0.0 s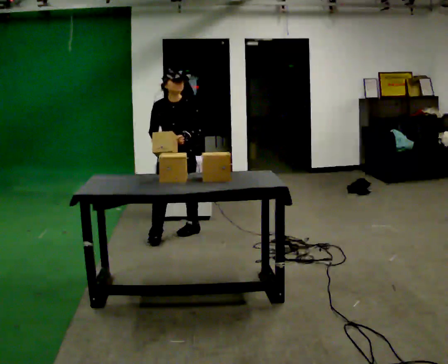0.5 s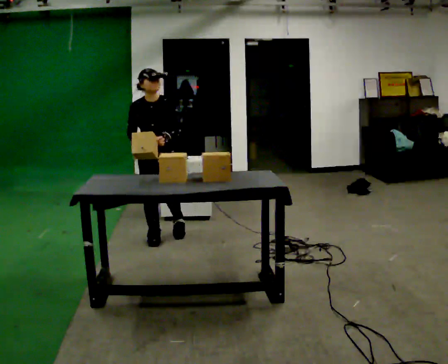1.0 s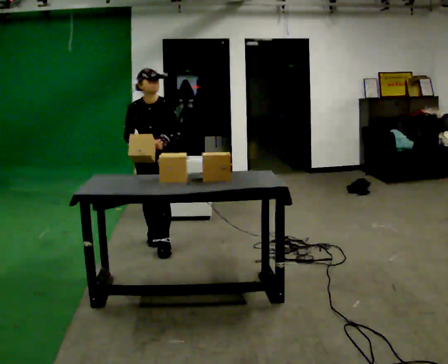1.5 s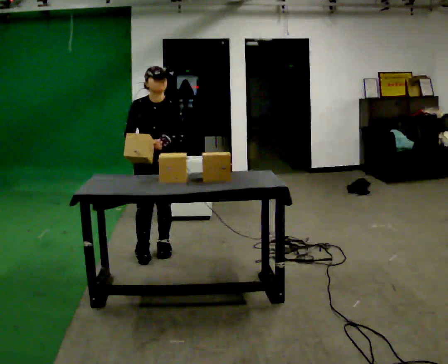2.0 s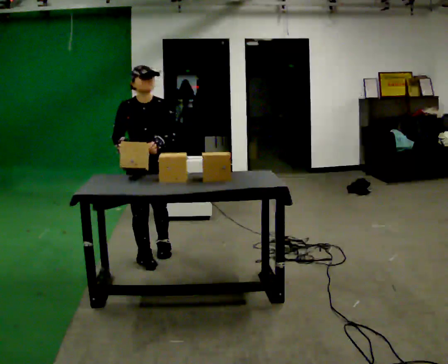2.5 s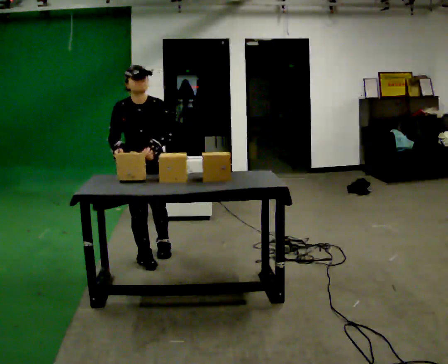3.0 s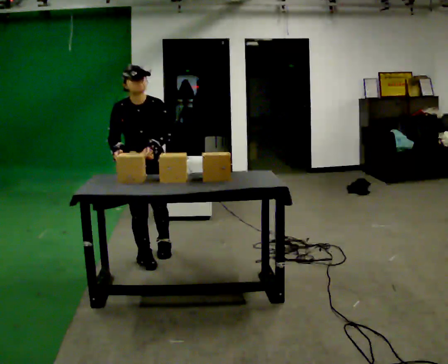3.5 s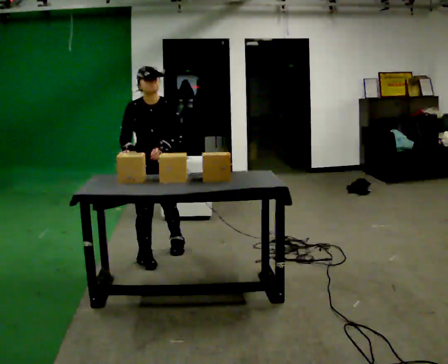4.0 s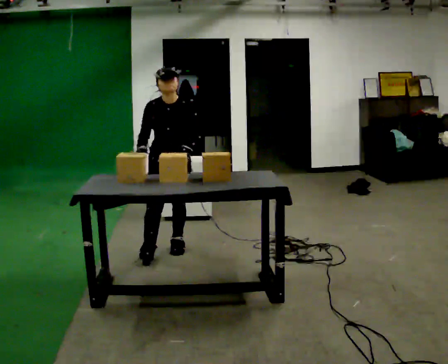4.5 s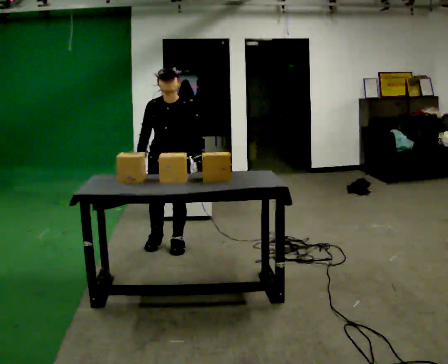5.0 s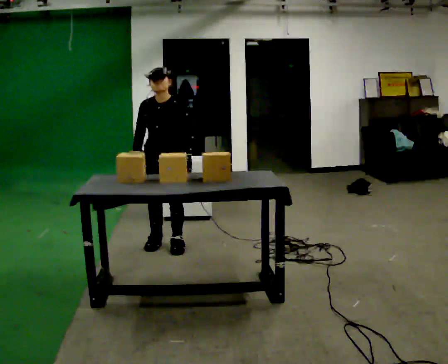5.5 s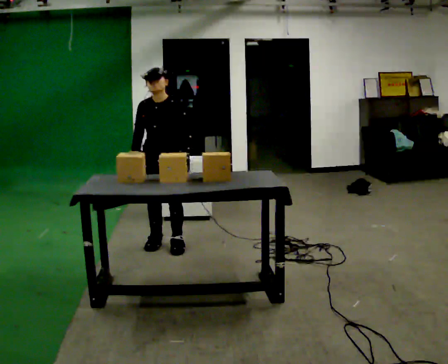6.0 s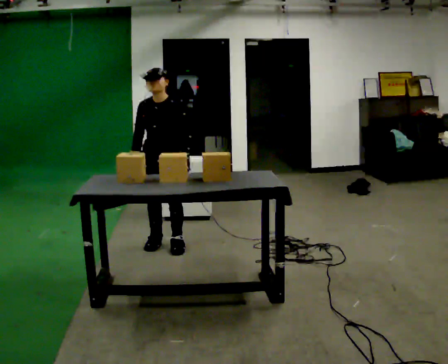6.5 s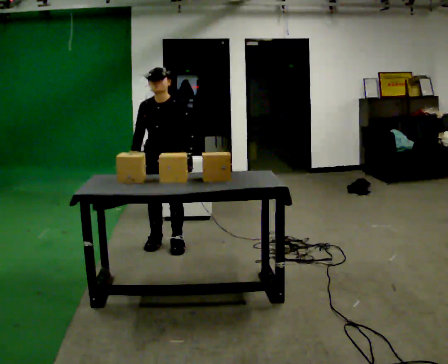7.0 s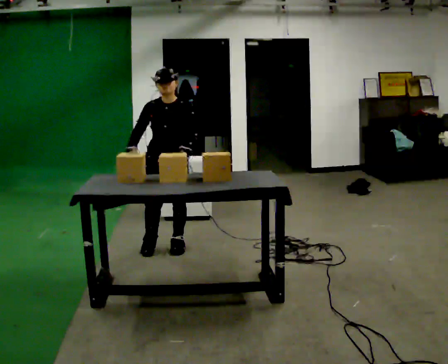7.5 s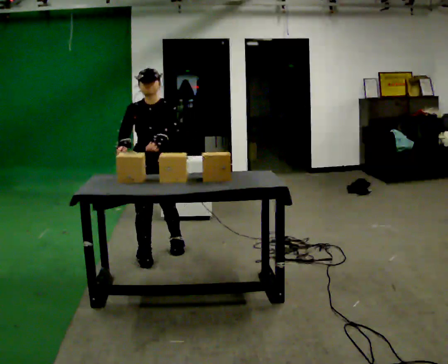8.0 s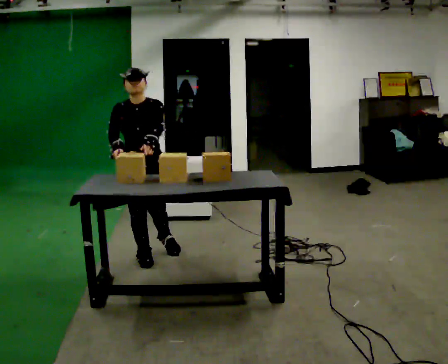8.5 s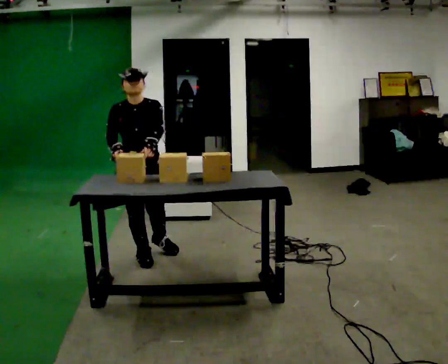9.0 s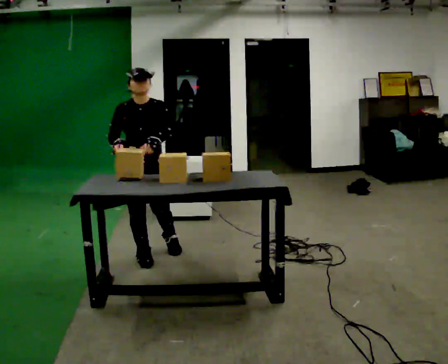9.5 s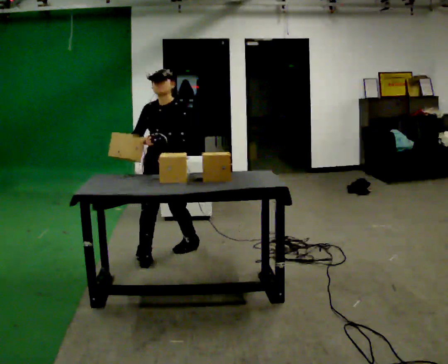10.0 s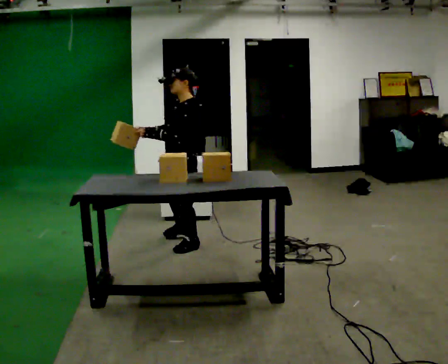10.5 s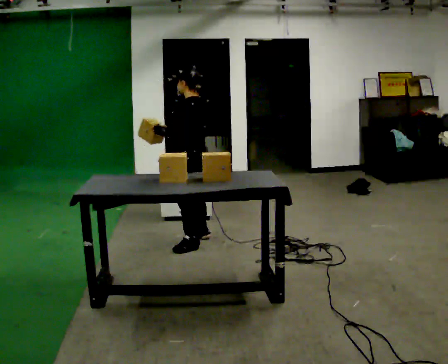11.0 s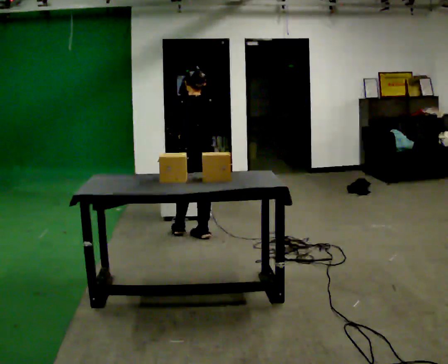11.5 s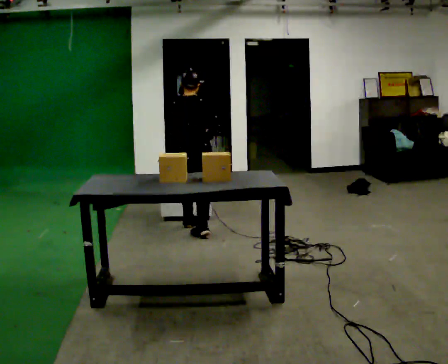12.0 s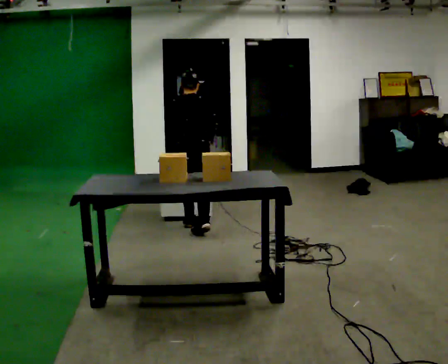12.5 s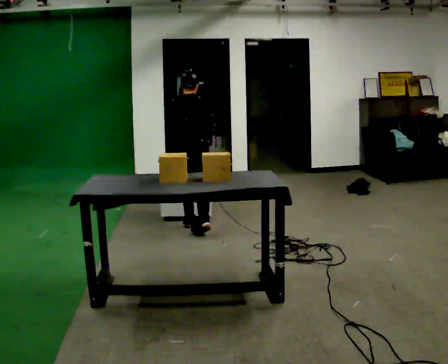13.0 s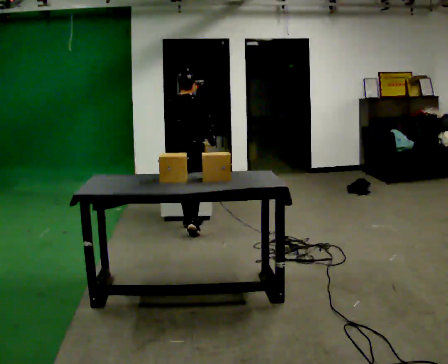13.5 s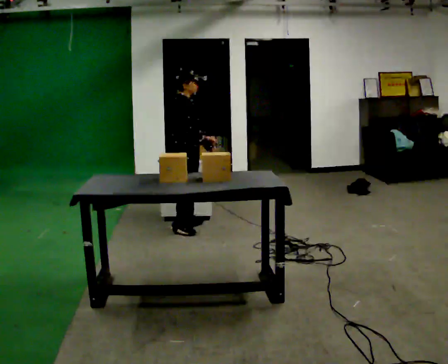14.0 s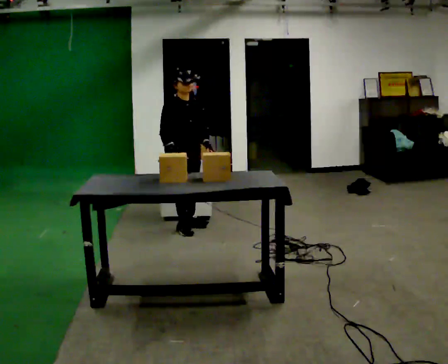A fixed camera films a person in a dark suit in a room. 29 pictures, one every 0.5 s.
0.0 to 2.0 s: In the picture they go toward the camera, about 0.75 m in 2 steps, which for them is forward.
2.0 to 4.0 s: In the picture they go to the right and away from the camera, about 0.25 m, which for them is to their left.
4.0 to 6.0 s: The person moves a little, or ends about where they began.
6.0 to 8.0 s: In the picture they go toward the camera and to the left, about 0.25 m in 1 step, which for them is forward and to their right.
8.0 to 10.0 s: The part of the body nearest the lens slides to the left as the person turns to their right by about 75 degrees. In the picture they go to the right and away from the camera, about 0.5 m in 2 steps.
10.0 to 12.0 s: The part of the body nearest the lens slides to the left as the person turns to their right by about 120 degrees. In the picture they go away from the camera, about 0.5 m in 2 steps.
12.0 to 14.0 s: The part of the body nearest the lens slides to the left as the person turns to their right by about 135 degrees. In the picture their right hand goes to the left, the arm swinging clockwise.
The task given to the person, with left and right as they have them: 1. Move all 12 boxes from the shelf at one end of the room to the shelf at the other end. 2. The cart is not available today, so carry them. 3. Tell the operator when you are finished.
The film runs forward here.
